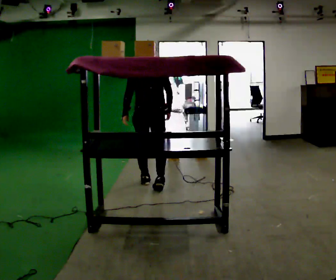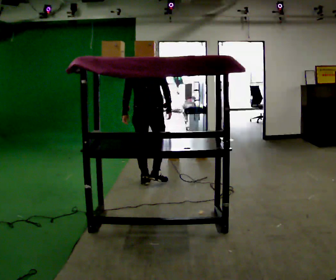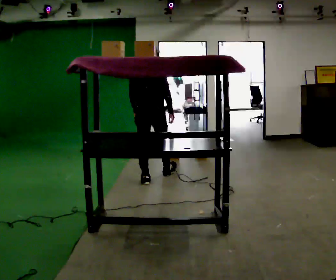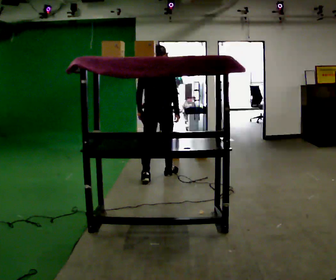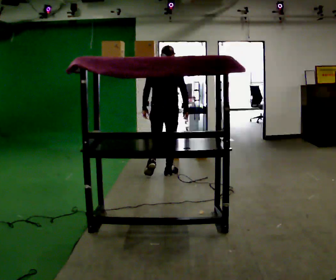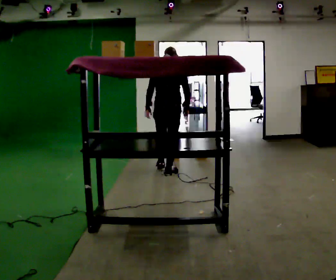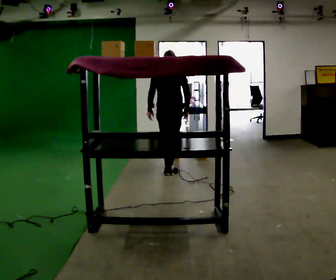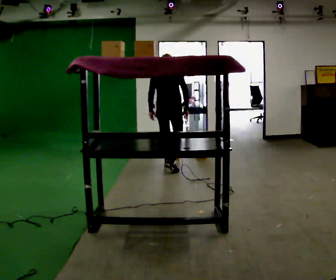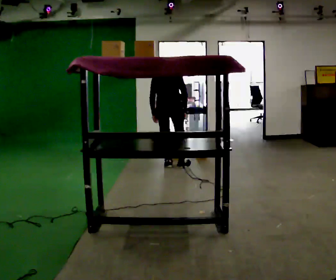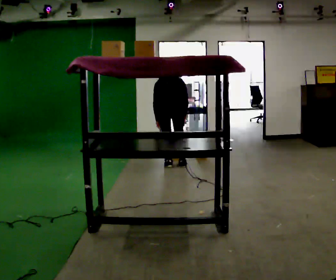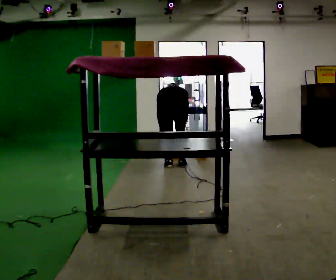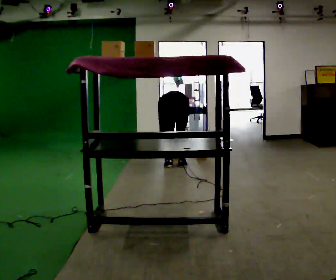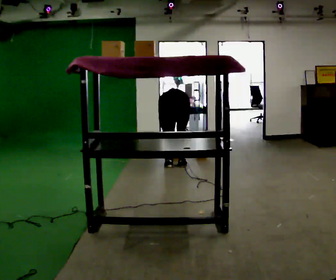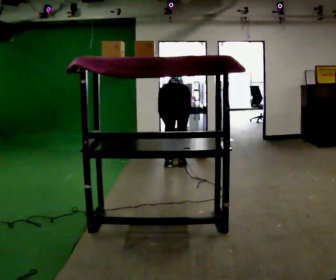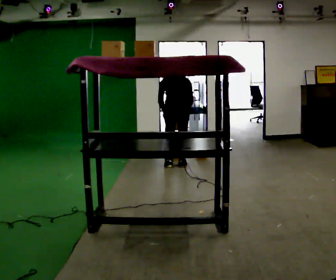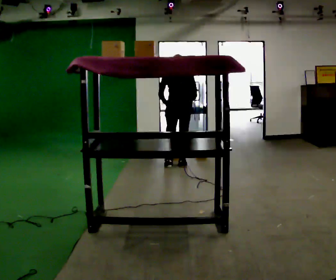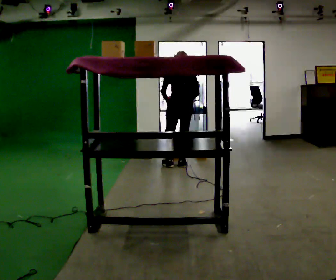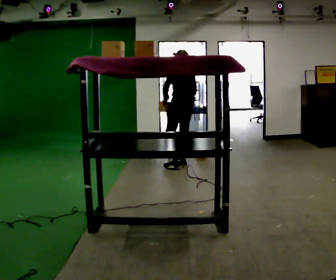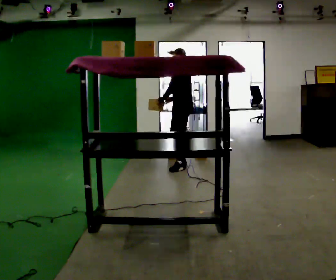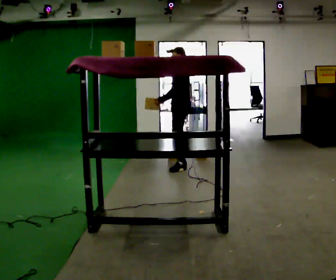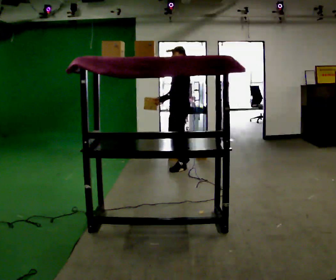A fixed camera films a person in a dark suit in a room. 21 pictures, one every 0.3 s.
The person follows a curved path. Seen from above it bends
clockwise.
0.0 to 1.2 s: In the picture they go away from the camera, about 0.5 m in 1 step, which for them is forward.
1.2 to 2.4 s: In the picture they go away from the camera, about 0.5 m in 1 step, which for them is forward. The upper body tips away from the camera, its near side rolling upward, as they bend forward.
2.4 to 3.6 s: The upper body goes downward. The upper body tips away from the camera, its near side rolling upward, as they bend forward. In the picture their right hand goes downward.
3.6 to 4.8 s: The shoulders move upward. The upper body tips toward the camera, its near side rolling downward, as they lean back or straighten. In the picture their right hand goes upward.
4.8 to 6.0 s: Seen from above the body turns counterclockwise, about 90 degrees: to their left, with its near side sliding to the right. In the picture their right hand goes to the left.
The film runs forward here.
